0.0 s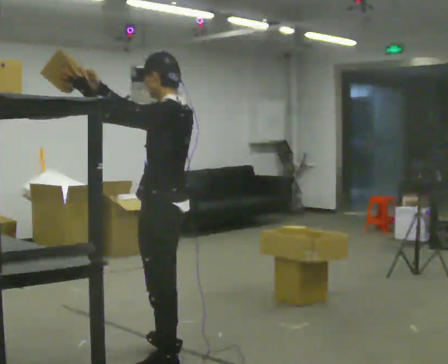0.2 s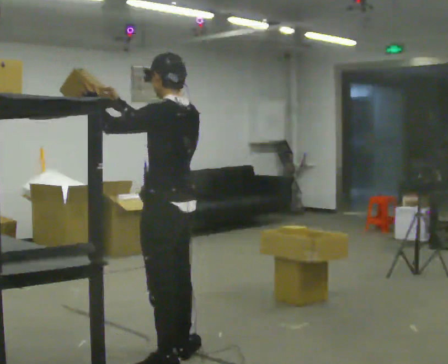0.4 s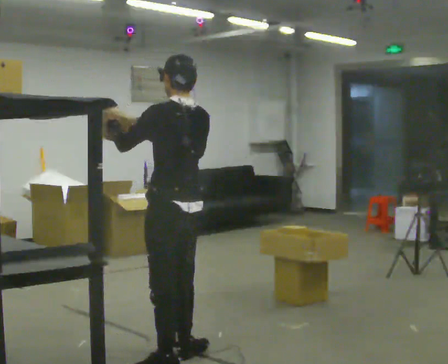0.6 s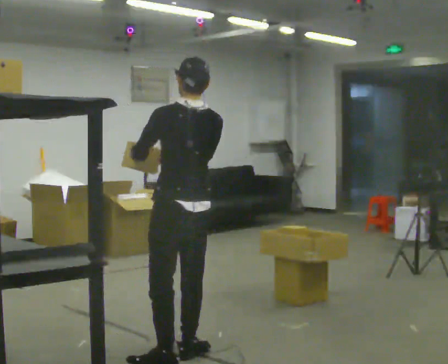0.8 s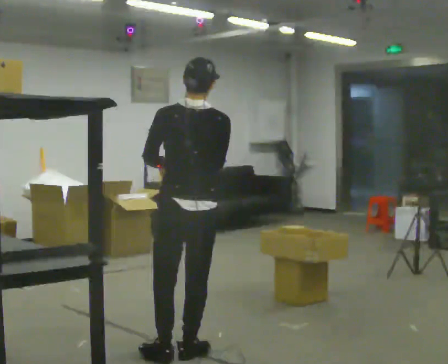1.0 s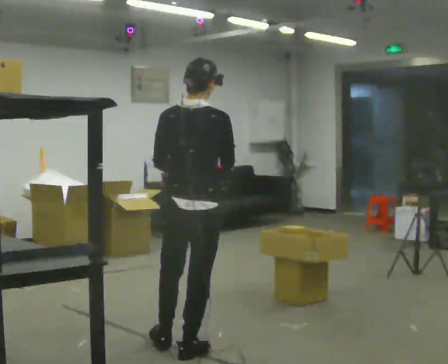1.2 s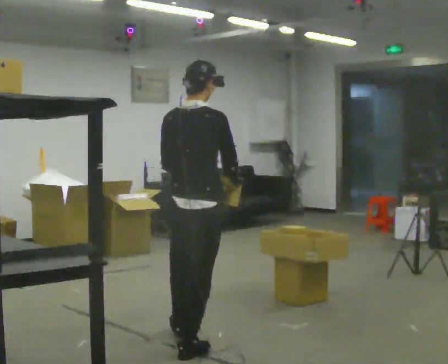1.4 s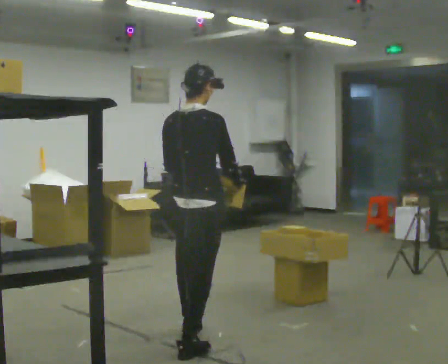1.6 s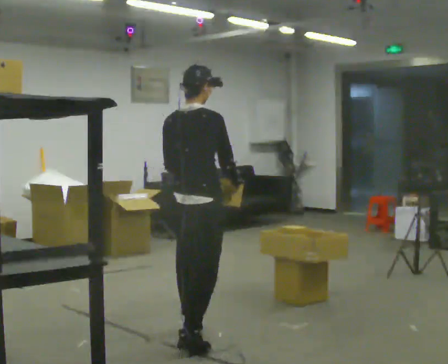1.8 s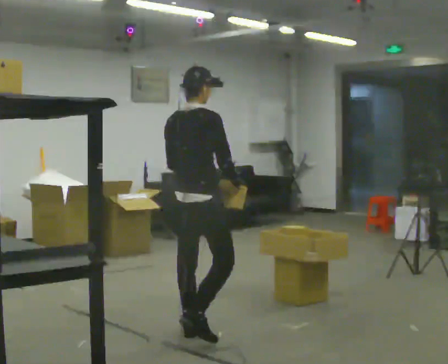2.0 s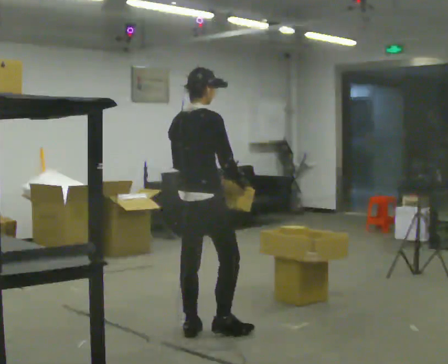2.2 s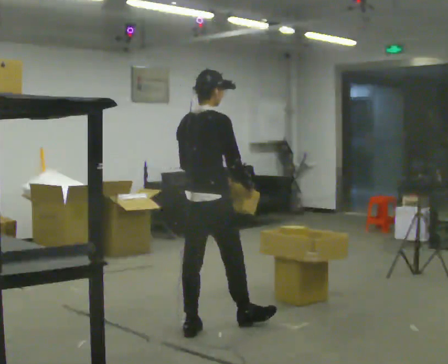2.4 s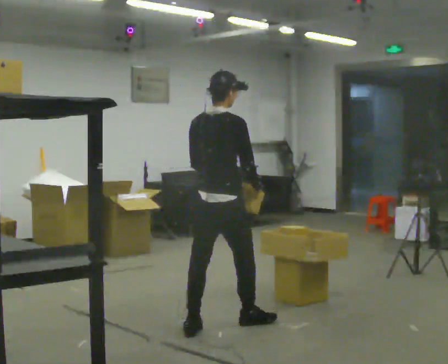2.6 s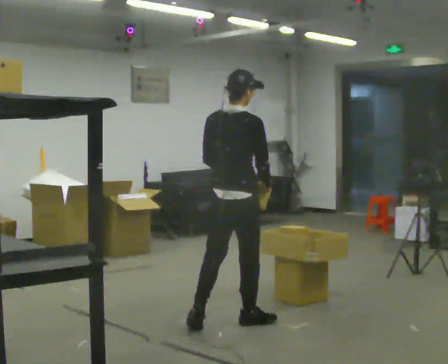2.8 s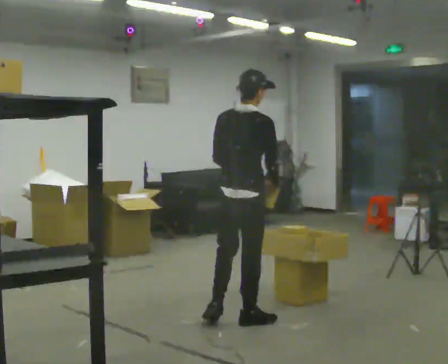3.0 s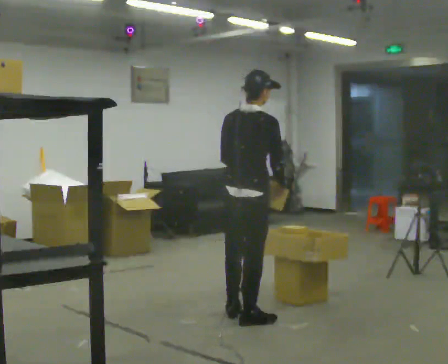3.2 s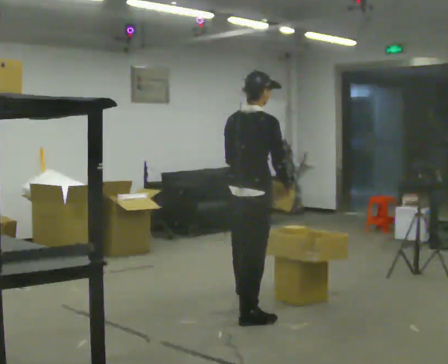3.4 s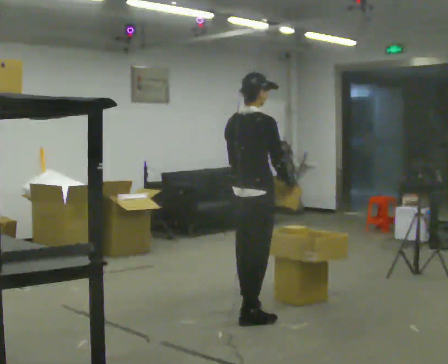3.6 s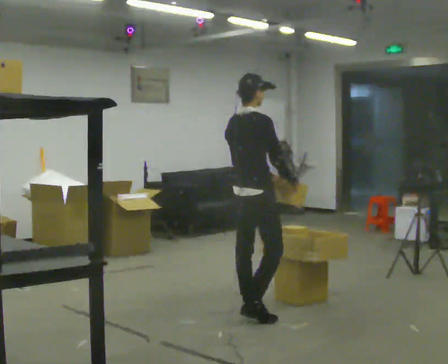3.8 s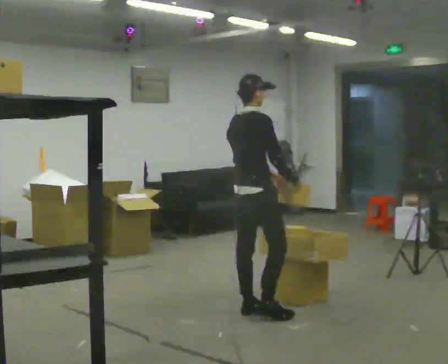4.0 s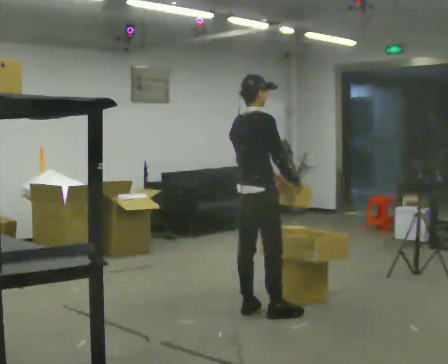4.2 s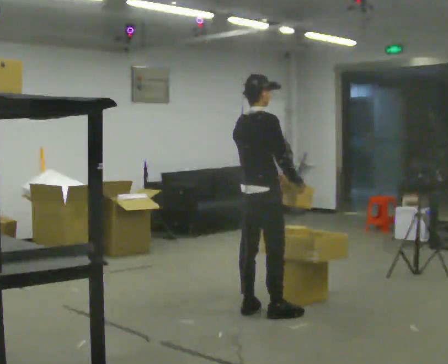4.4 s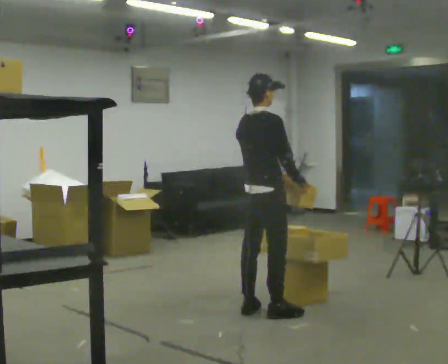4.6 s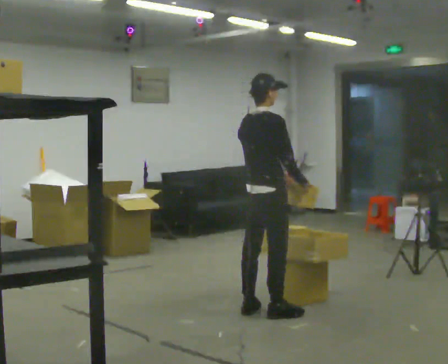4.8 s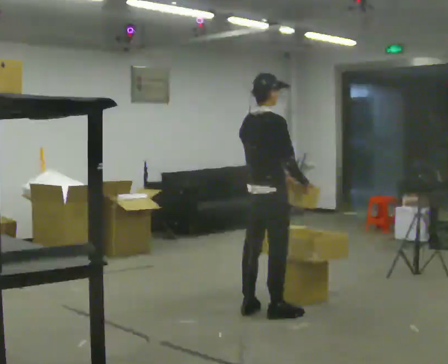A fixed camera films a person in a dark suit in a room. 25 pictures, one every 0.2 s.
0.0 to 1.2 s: Seen from above the body turns clockwise, about 105 degrees: to their right, with its near side sliding to the left. In the picture they go away from the camera, about 0.25 m in 1 step. In the picture their right hand goes downward.
1.2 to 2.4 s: In the picture they go away from the camera, about 0.5 m in 2 steps, which for them is forward and to their left.
2.4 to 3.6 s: In the picture they go away from the camera and to the right, about 0.5 m in 1 step, which for them is forward.
3.6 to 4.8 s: The person moves a little, or ends about where they began.
The film runs forward here.
